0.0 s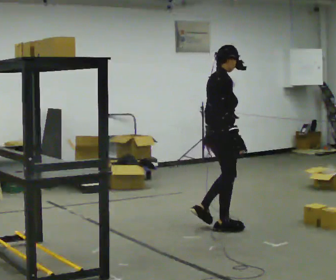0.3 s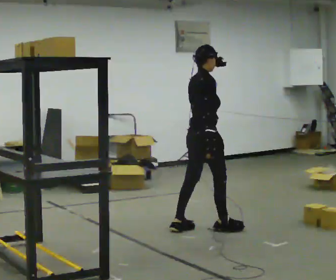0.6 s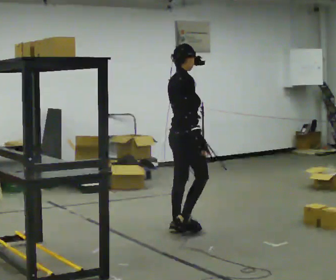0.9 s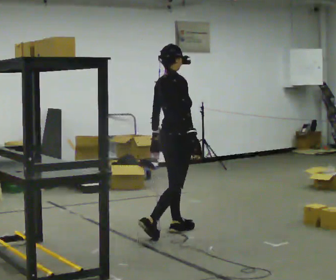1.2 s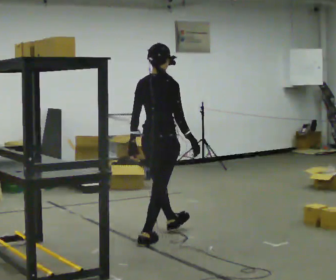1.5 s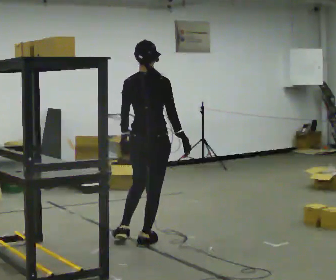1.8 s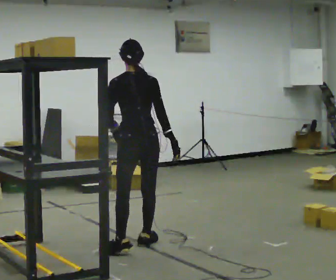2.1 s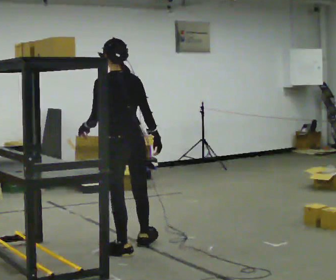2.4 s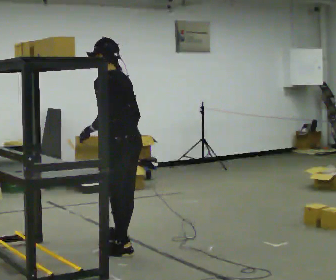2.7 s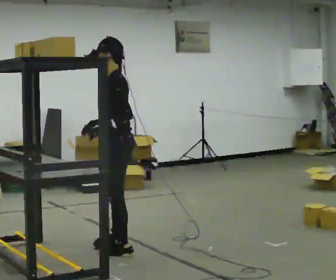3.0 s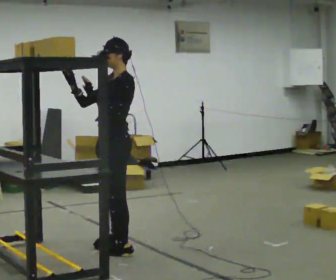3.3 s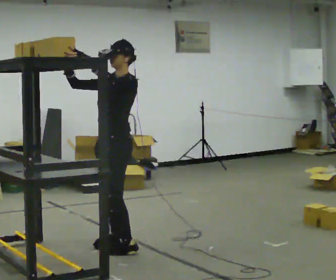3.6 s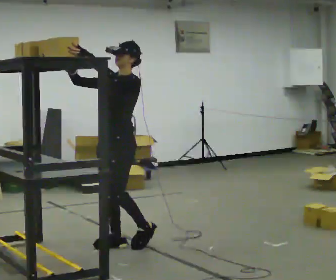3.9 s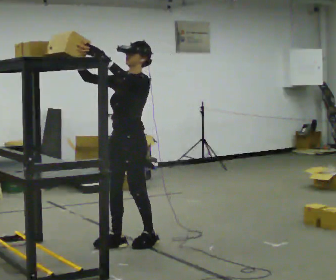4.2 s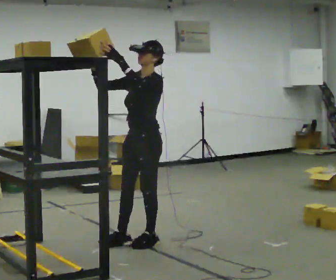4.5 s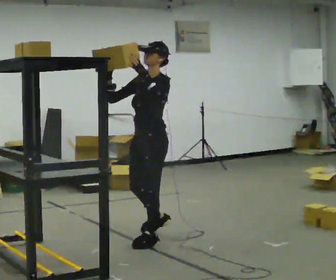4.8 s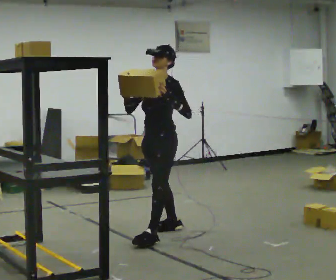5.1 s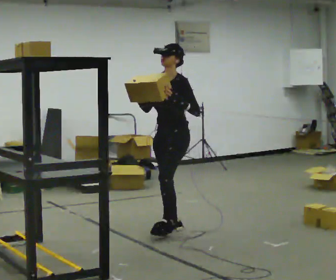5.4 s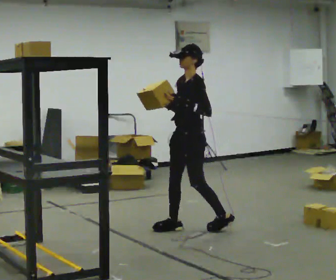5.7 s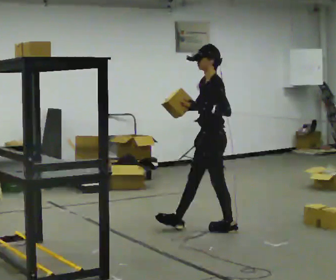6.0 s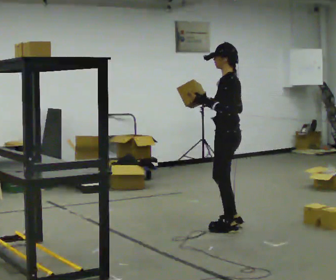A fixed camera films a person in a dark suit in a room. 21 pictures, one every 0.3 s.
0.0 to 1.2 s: The part of the body nearest the lens slides to the right as the person turns to their left by about 45 degrees. In the picture they go to the left and toward the camera, about 0.5 m in 2 steps, which for them is backward.
1.2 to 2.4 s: The part of the body nearest the lens slides to the right as the person turns to their left by about 90 degrees. In the picture they go toward the camera and to the left, about 0.5 m in 1 step.
2.4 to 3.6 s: The person turns about 75 degrees to their left, counterclockwise seen from above, so the part of the body nearest the lens slides to the right. In the picture they go away from the camera, about 0.25 m in 1 step. In the picture their right hand goes upward and to the left, the arm swinging clockwise.
3.6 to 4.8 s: In the picture they go to the right and away from the camera, about 0.5 m in 1 step, which for them is backward.
4.8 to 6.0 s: Seen from above the body turns clockwise, about 60 degrees: to their right, with its near side sliding to the left. In the picture they go to the right, about 0.5 m in 2 steps.
The film runs backward here.
